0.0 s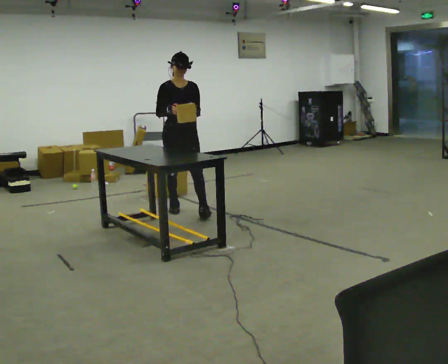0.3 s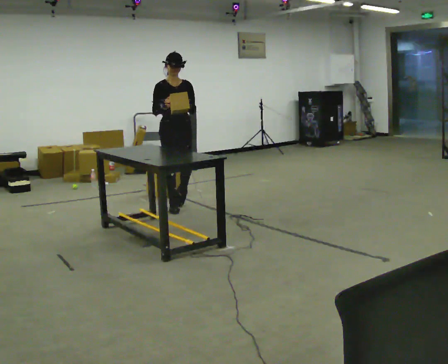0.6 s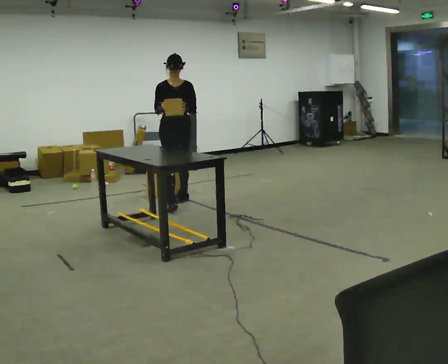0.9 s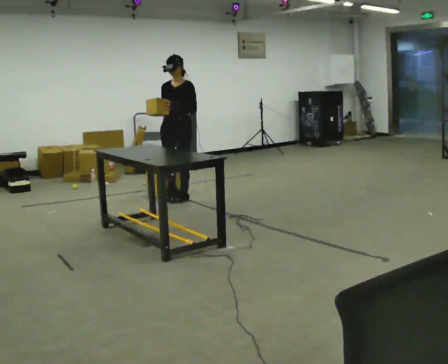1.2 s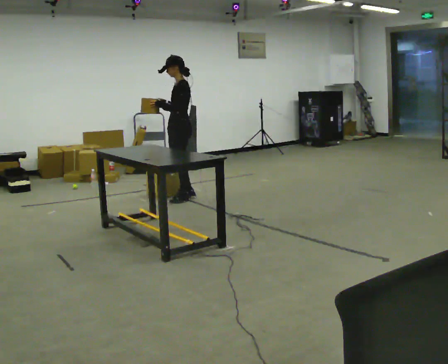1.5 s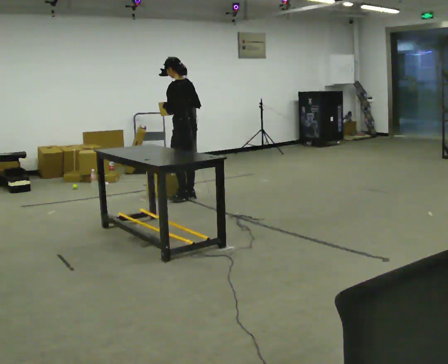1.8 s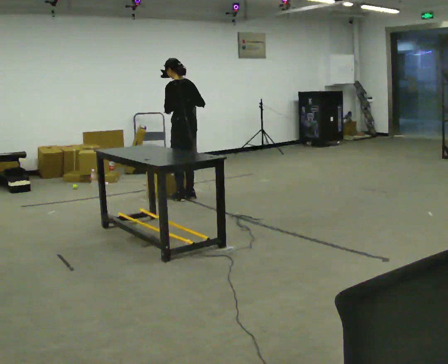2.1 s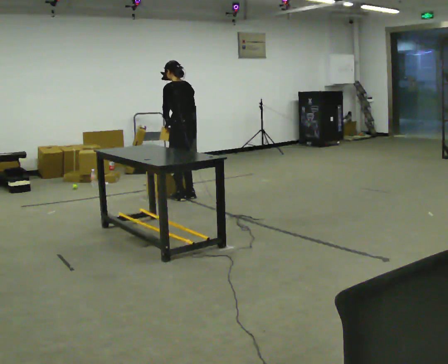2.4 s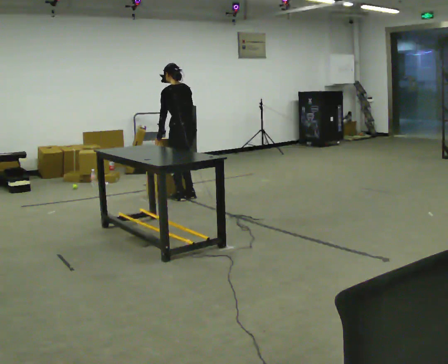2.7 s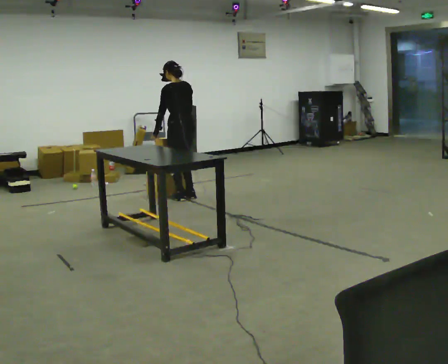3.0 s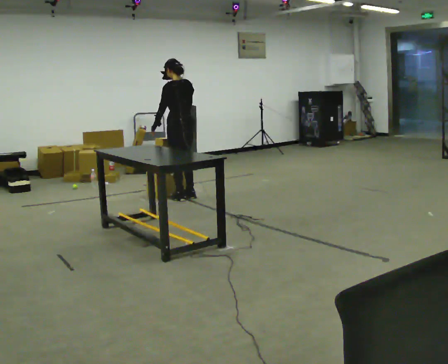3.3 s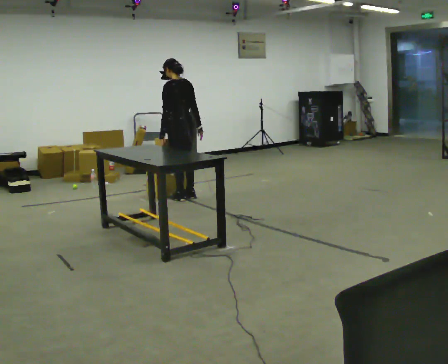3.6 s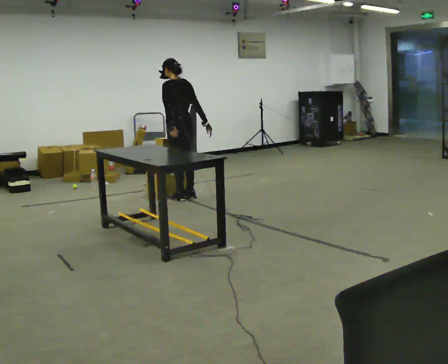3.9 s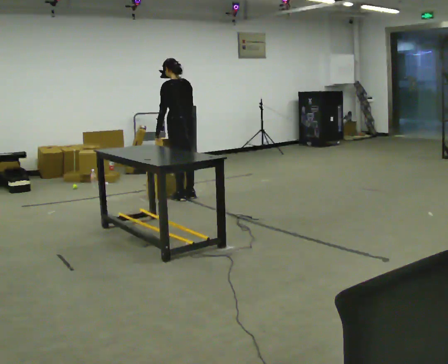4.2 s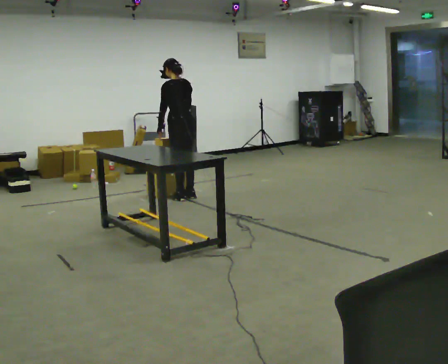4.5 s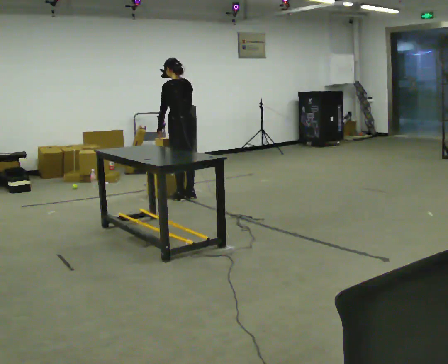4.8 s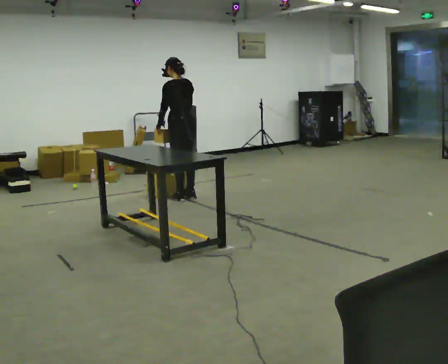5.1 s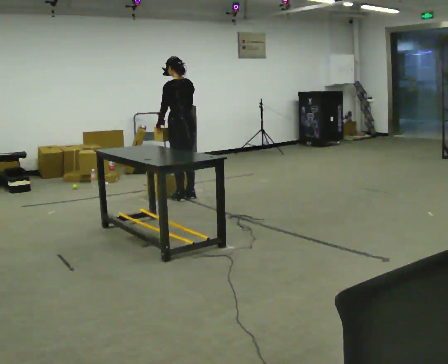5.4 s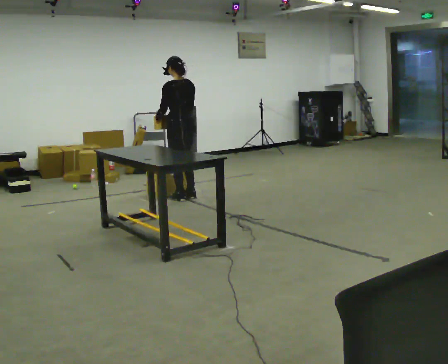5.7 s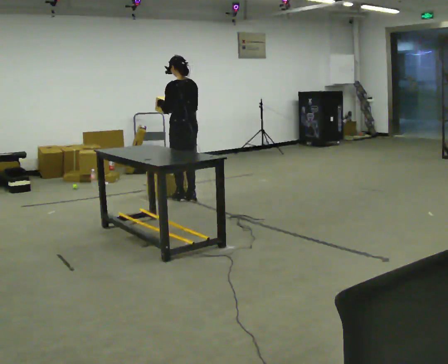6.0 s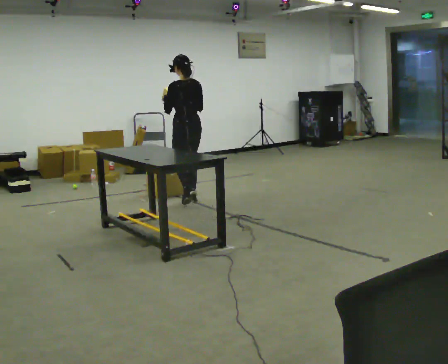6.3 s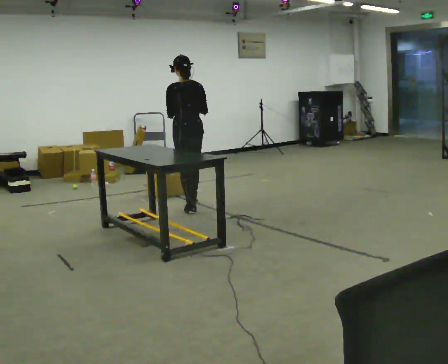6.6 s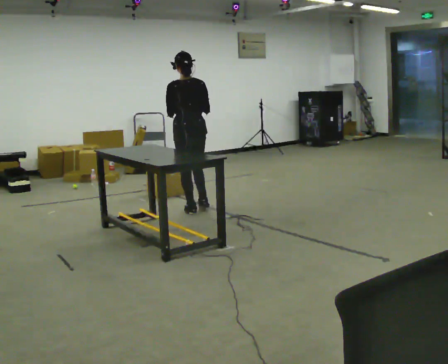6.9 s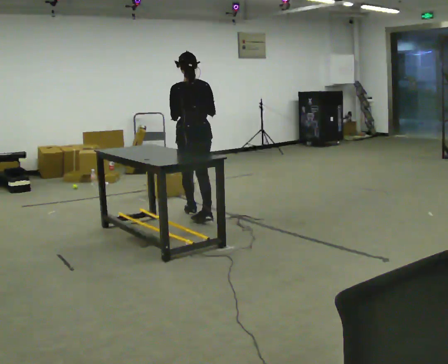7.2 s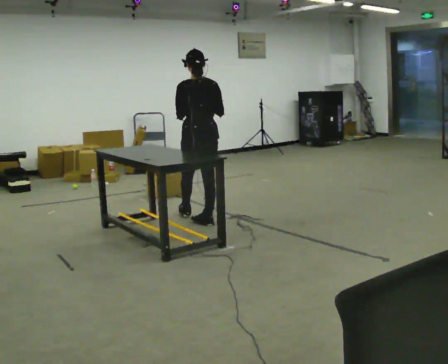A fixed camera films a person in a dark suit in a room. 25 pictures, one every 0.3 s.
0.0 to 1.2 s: The part of the body nearest the lens slides to the left as the person turns to their right by about 105 degrees. In the picture they go away from the camera, about 0.5 m in 1 step.
1.2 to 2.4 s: The part of the body nearest the lens slides to the left as the person turns to their right by about 60 degrees. In the picture their right hand goes downward.
2.4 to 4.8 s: The person moves a little, or ends about where they began.
4.8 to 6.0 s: In the picture they go toward the camera, about 0.25 m in 2 steps, which for them is backward.
6.0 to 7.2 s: In the picture they go toward the camera, about 1 m in 2 steps, which for them is backward.
The film runs backward here.
